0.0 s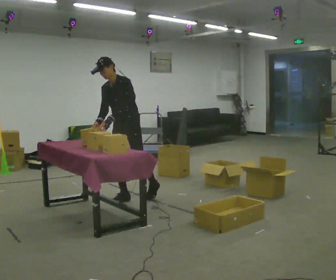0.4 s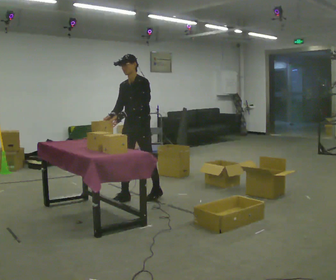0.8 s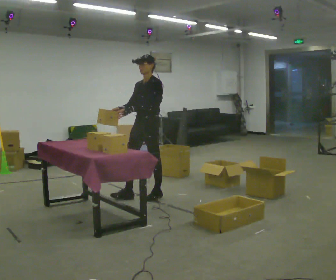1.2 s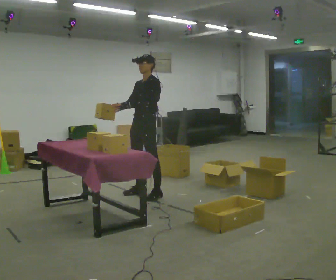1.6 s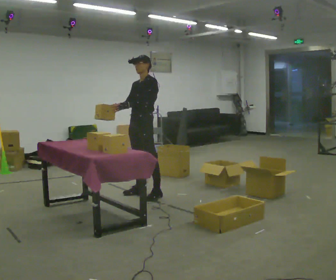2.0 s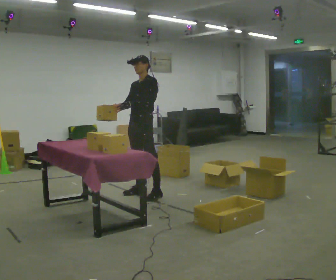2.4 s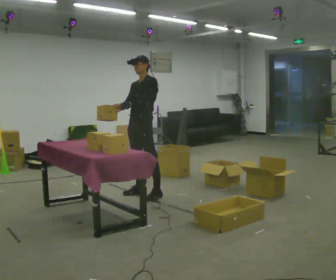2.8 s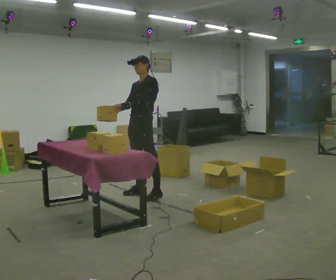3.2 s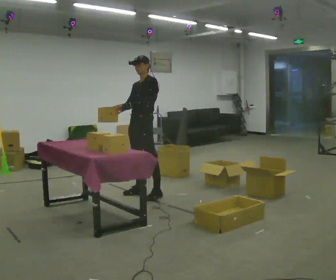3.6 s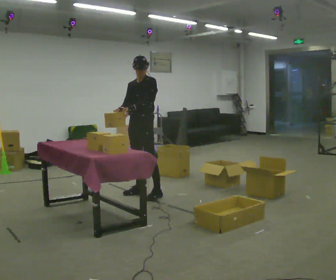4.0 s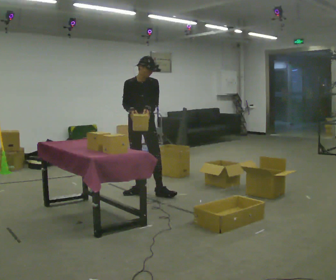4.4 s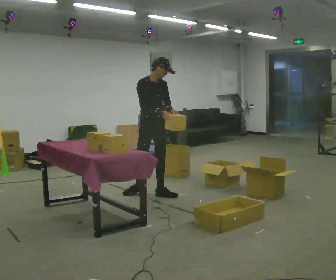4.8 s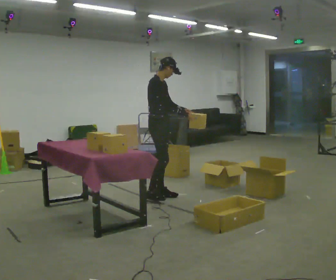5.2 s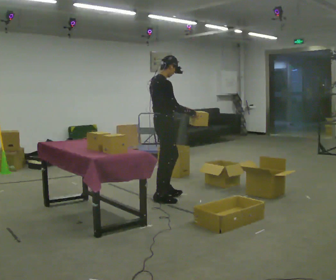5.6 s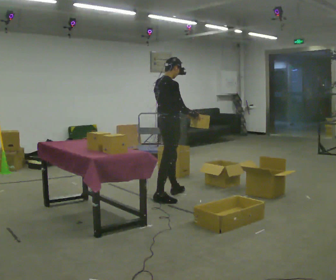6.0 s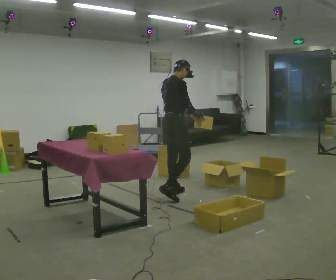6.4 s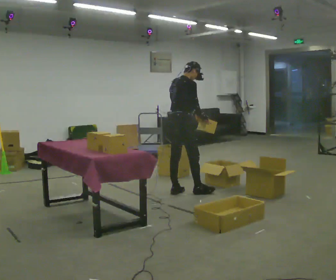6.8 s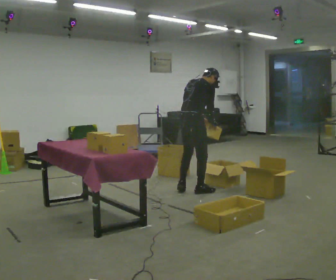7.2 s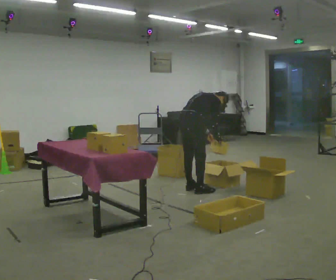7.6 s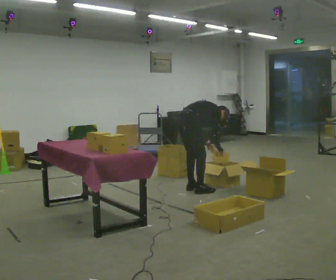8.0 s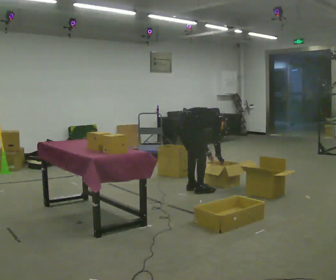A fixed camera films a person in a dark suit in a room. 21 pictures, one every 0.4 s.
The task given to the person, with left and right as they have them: Take the objects from the bin one at a time and put one in each of the places the operator points out. Keep going until the operator says stop; one object at a time, and do not rush between trips.
0.0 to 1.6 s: In the picture they go away from the camera and to the right, about 0.25 m in 2 steps, which for them is backward. In the picture the upper body tilts clockwise, shoulders to the right, as they lean back or straighten.
1.6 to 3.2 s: The person moves a little, or ends about where they began.
3.2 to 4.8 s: The person turns about 120 degrees to their left, counterclockwise seen from above, so the part of the body nearest the lens slides to the right. In the picture they go to the right, about 0.25 m. In the picture their right hand goes to the right, the arm swinging counterclockwise.
4.8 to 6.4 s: The person turns about 45 degrees to their left, counterclockwise seen from above, so the part of the body nearest the lens slides to the right. In the picture they go to the right, about 0.25 m in 2 steps, which for them is forward.
6.4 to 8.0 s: The upper body goes downward. In the picture the upper body tilts clockwise, shoulders to the right, as they bend forward. In the picture their right hand goes downward.
The film runs forward here.
